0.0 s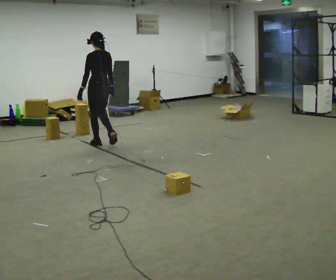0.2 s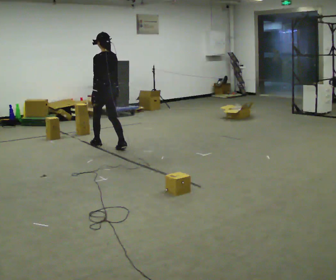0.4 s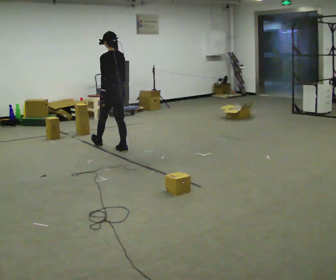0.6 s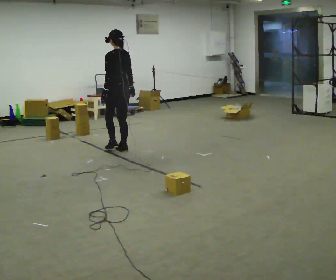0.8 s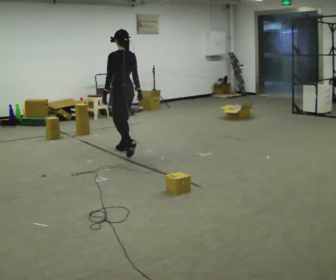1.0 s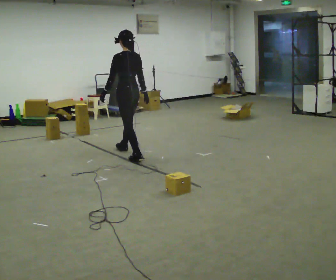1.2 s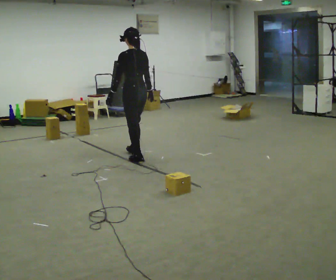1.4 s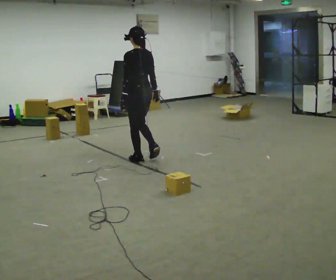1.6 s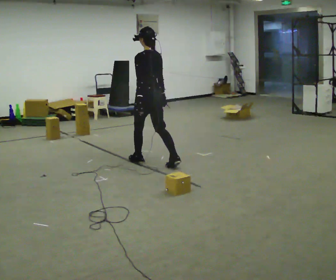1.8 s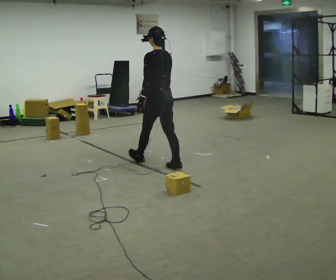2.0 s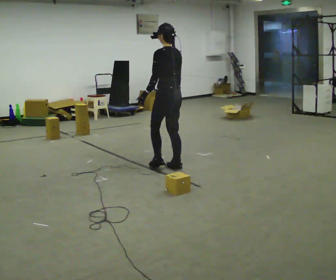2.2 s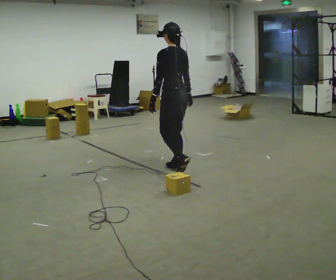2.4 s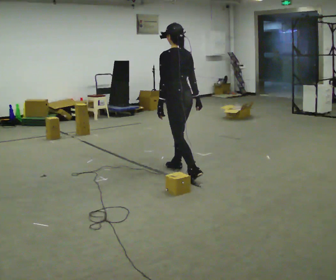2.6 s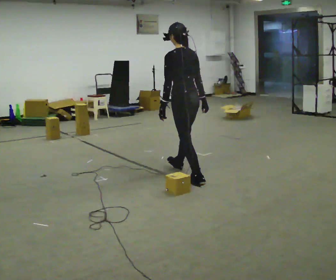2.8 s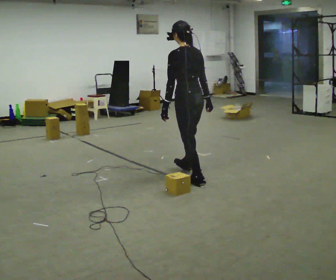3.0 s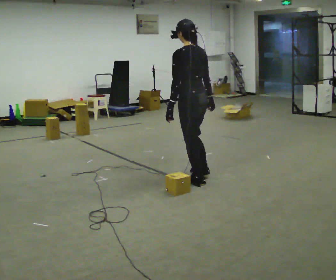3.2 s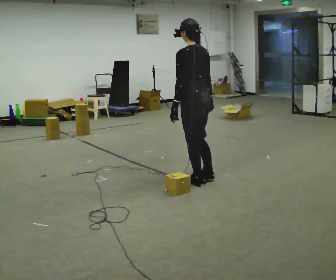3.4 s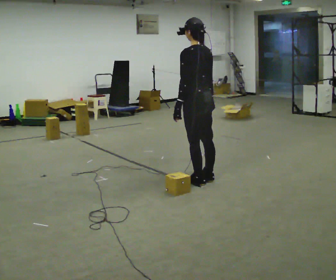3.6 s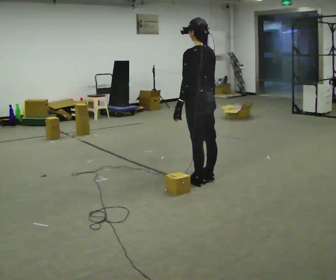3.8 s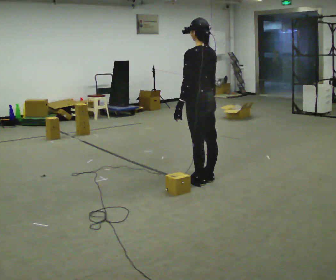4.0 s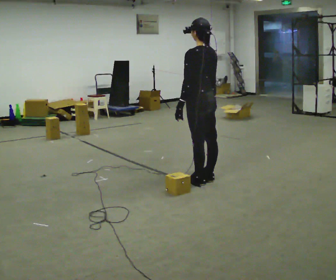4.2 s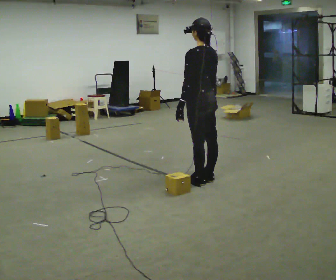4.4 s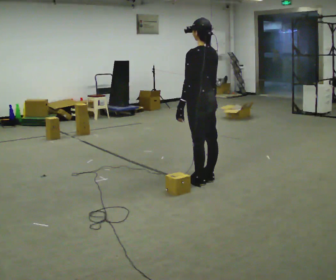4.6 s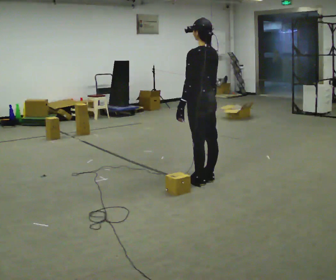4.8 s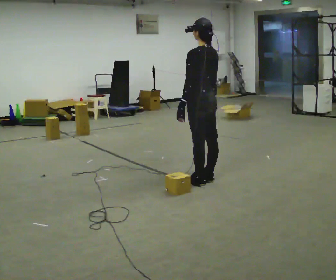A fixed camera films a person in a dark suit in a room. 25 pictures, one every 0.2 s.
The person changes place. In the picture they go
to the right.
0.0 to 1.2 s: In the picture they go to the right and toward the camera, about 1 m in 2 steps, which for them is backward.
1.2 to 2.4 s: In the picture they go to the right and toward the camera, about 1 m in 1 step, which for them is backward.
2.4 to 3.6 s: In the picture they go to the right and toward the camera, about 0.25 m in 1 step, which for them is backward.
3.6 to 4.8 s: The person moves a little, or ends about where they began.
The film runs backward here.
